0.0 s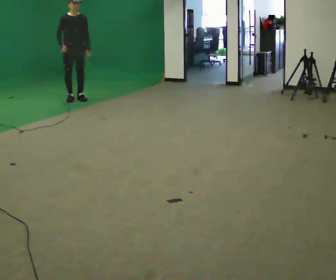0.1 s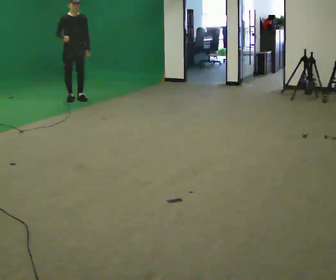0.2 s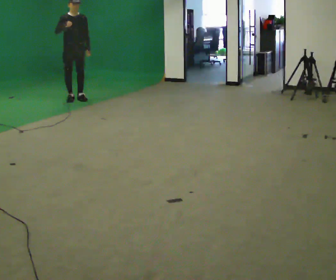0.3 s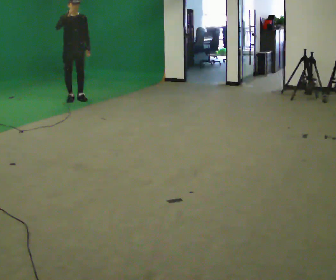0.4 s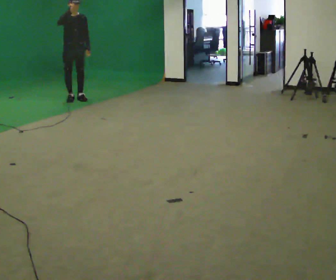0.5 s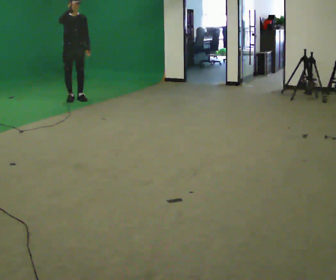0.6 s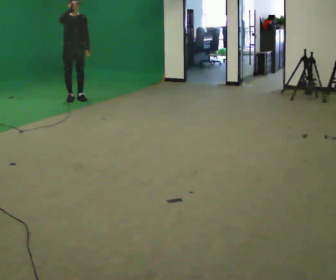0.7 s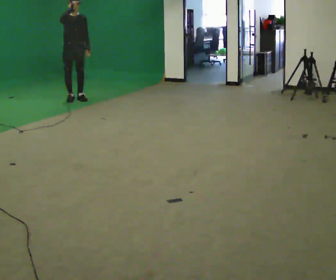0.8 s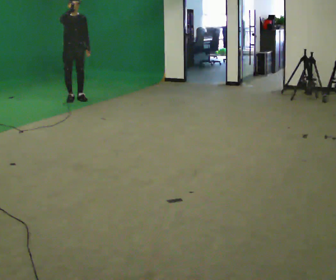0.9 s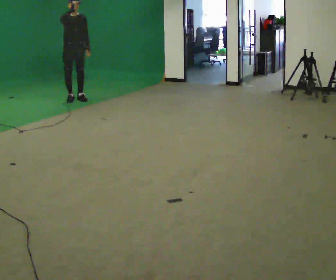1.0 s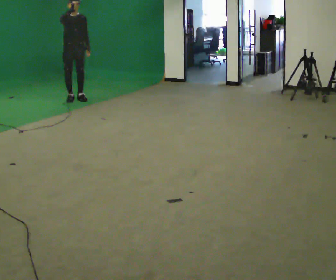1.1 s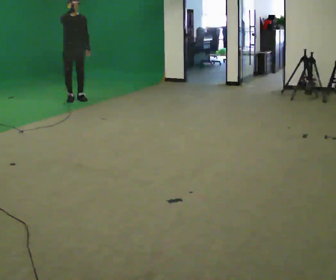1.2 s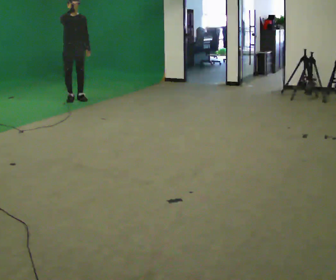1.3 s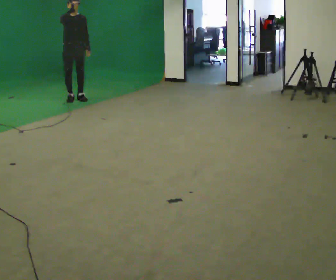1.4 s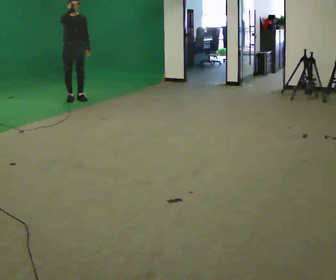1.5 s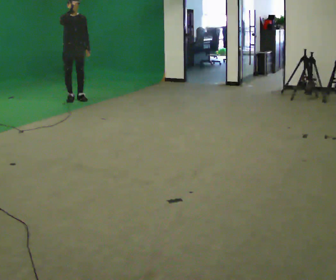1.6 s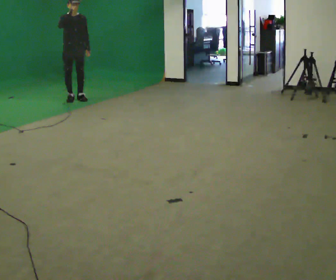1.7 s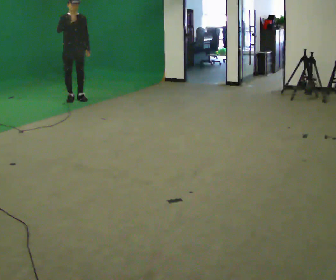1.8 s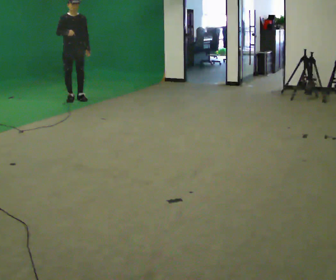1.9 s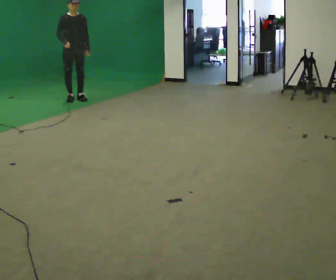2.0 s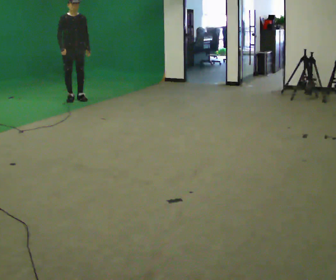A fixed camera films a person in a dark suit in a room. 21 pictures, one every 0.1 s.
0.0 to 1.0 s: In the picture their right hand goes upward.
1.0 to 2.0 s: In the picture their right hand goes downward.
The film runs forward here.
